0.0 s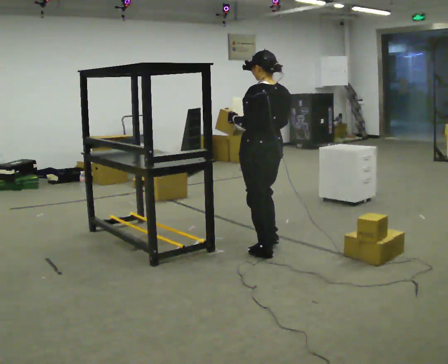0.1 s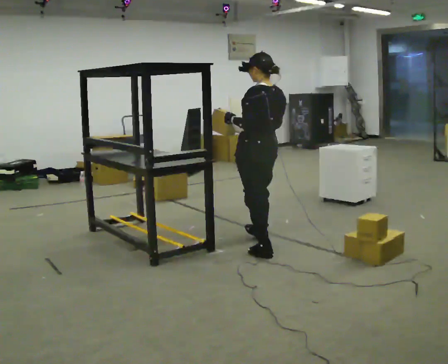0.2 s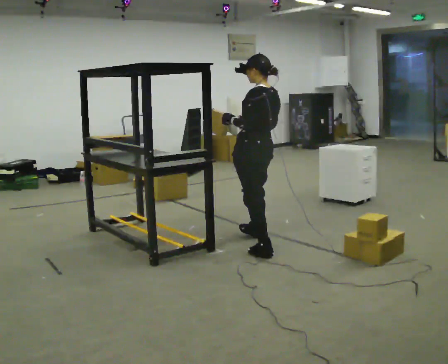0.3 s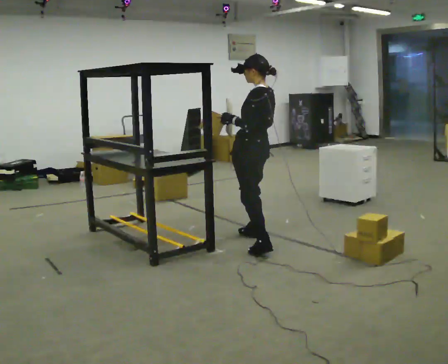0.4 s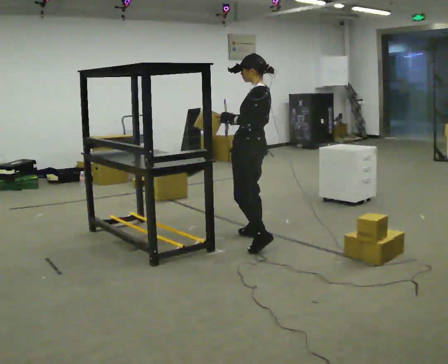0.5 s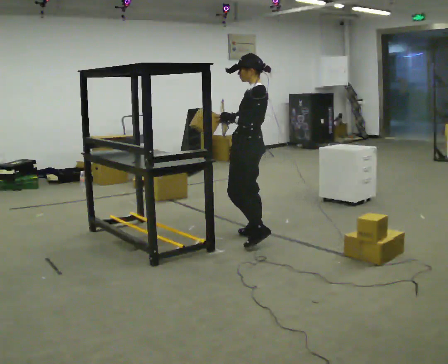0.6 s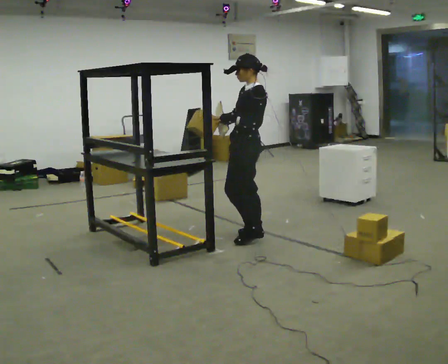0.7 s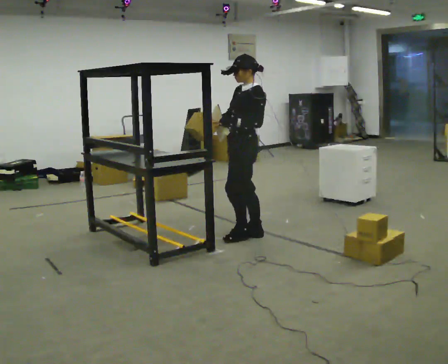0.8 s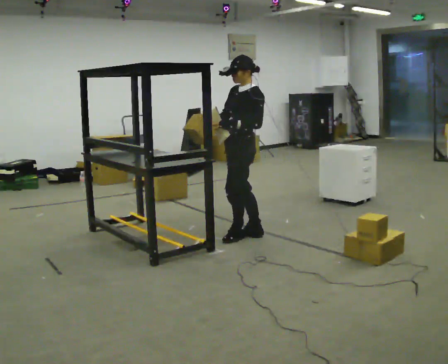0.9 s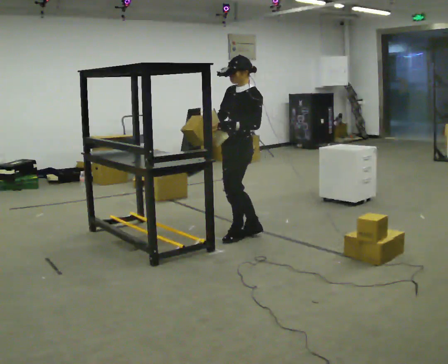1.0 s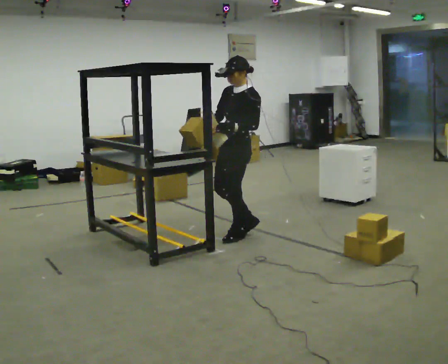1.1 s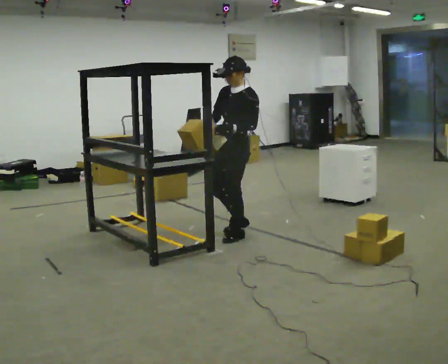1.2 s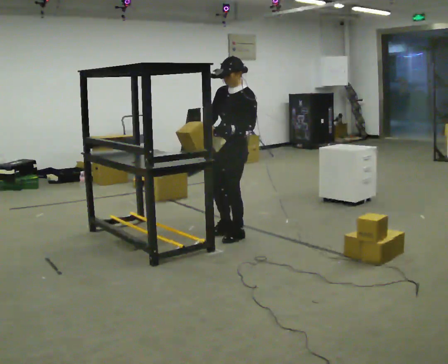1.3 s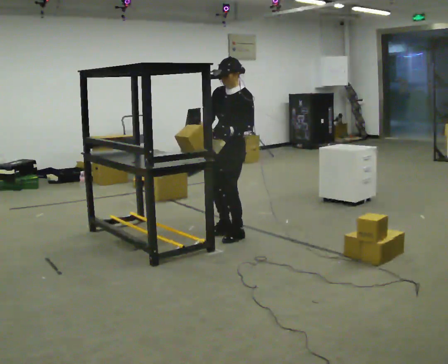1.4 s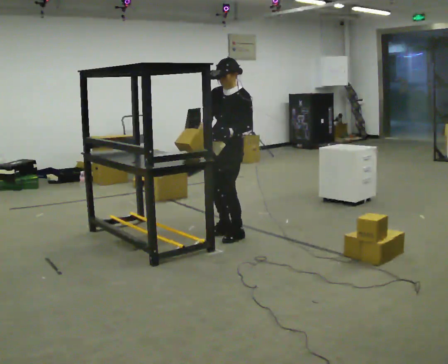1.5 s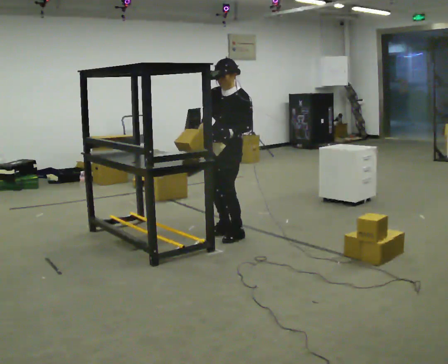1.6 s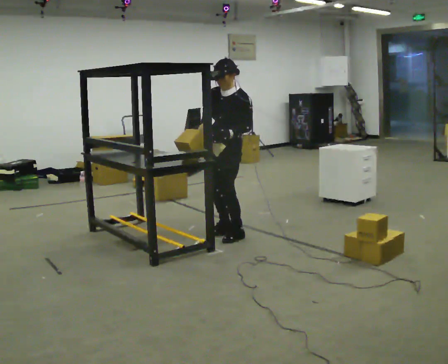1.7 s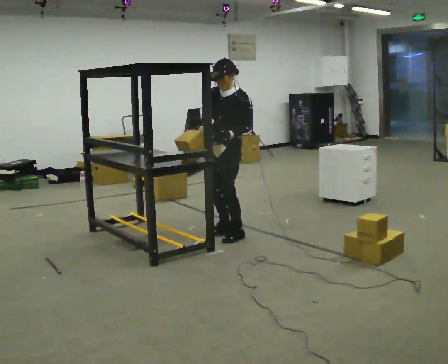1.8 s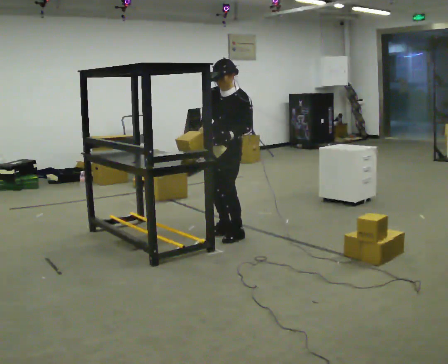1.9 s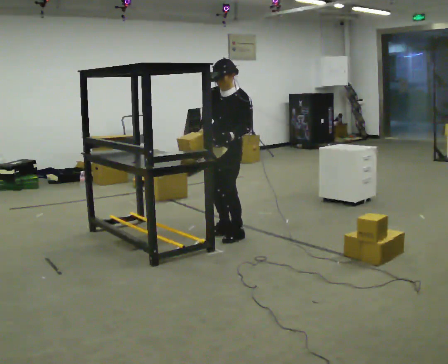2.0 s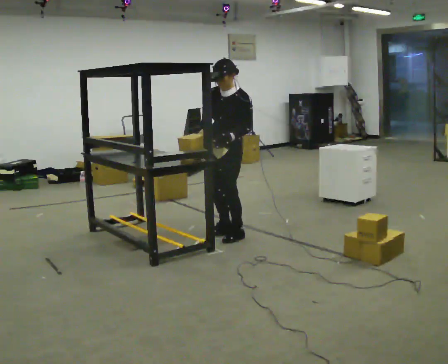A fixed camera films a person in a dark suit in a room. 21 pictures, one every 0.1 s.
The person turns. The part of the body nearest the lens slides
to the right.
The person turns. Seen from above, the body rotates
counterclockwise.
0.0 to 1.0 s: The person turns about 75 degrees to their left, counterclockwise seen from above, so the part of the body nearest the lens slides to the right. In the picture they go away from the camera and to the left, about 0.5 m in 2 steps.
1.0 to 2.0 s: The person moves a little, or ends about where they began.
The film runs forward here.
